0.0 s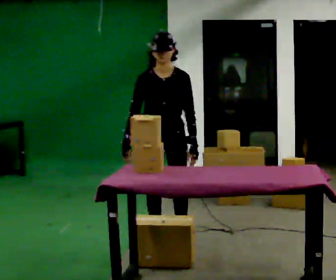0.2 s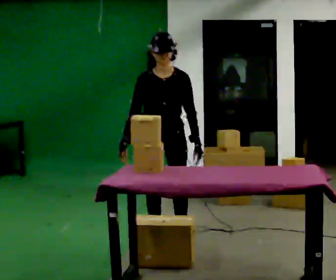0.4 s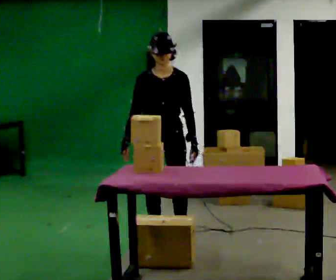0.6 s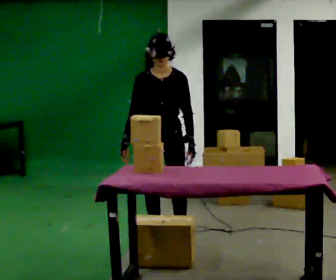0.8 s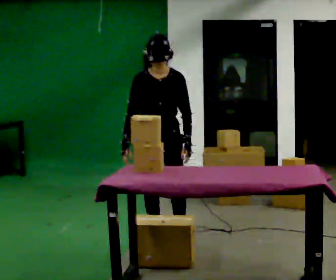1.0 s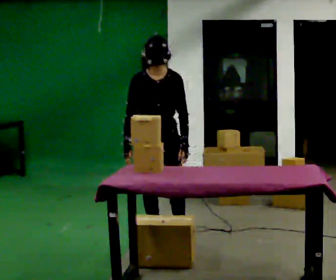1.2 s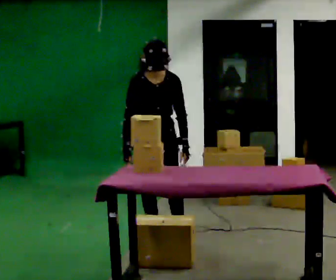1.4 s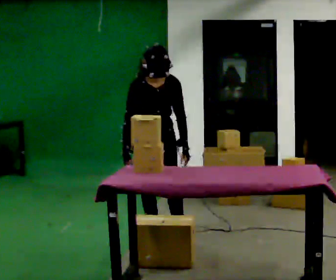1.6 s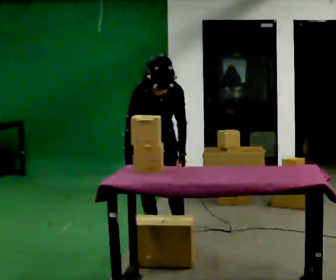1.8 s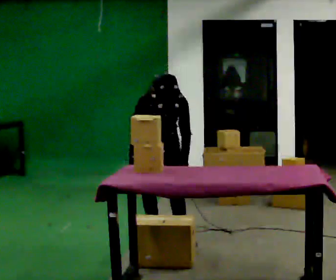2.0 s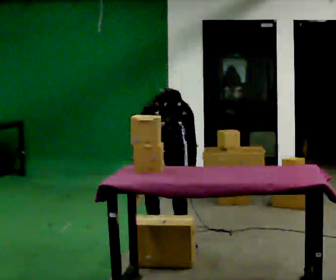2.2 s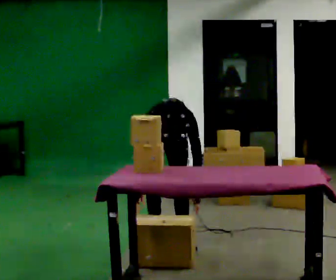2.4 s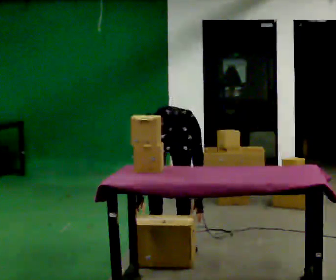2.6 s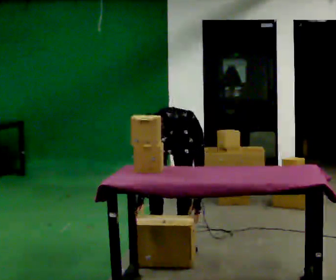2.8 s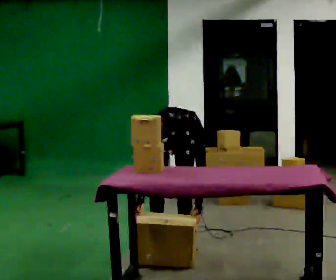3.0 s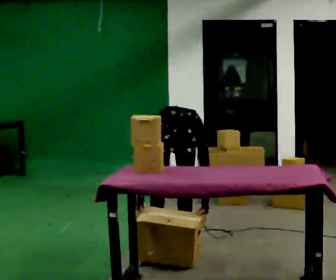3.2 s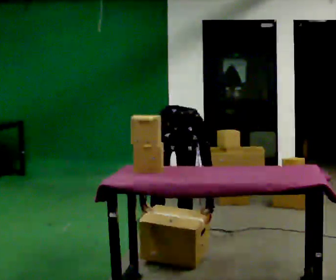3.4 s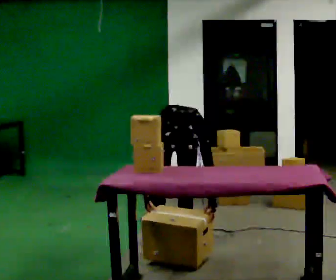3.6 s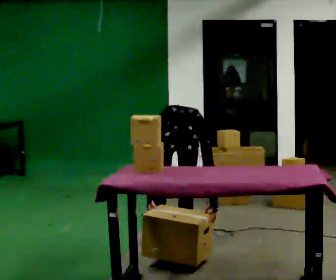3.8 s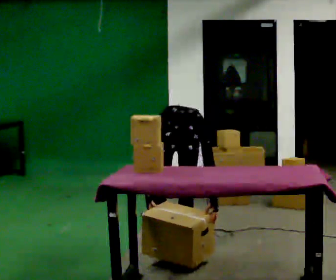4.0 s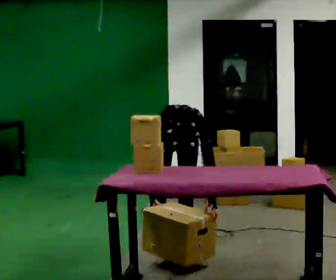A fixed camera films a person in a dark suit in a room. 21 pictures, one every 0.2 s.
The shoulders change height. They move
downward.
The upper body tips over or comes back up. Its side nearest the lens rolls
downward.
0.0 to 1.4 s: The person moves a little, or ends about where they began.
1.4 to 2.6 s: The upper body goes downward. The upper body tips toward the camera, its near side rolling downward, as they bend forward. In the picture their left hand goes downward.
2.6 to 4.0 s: The person moves a little, or ends about where they began.
The film runs forward here.
